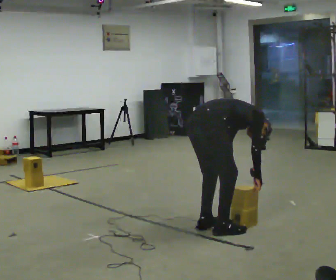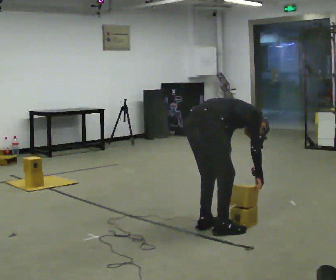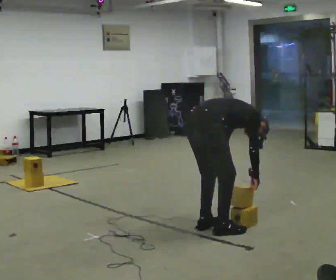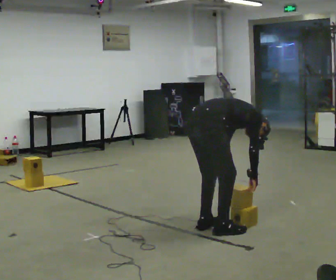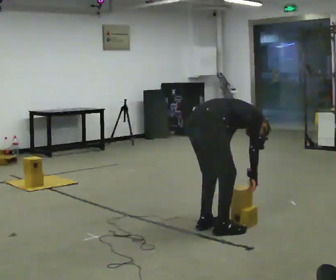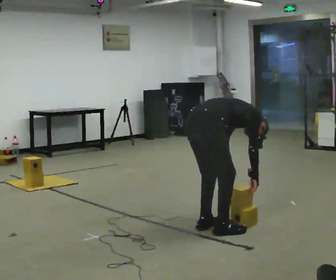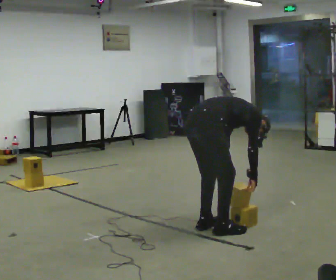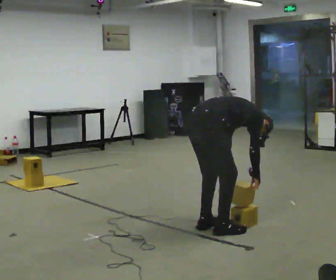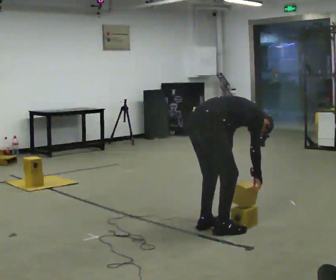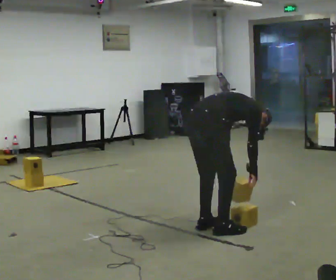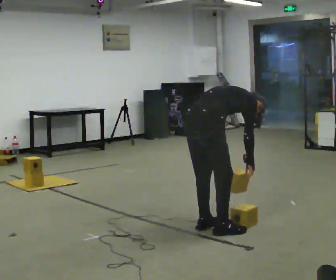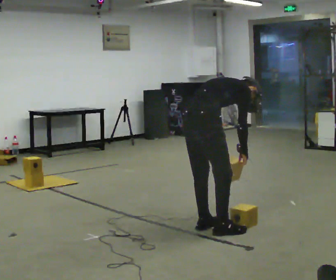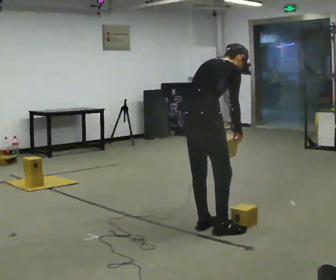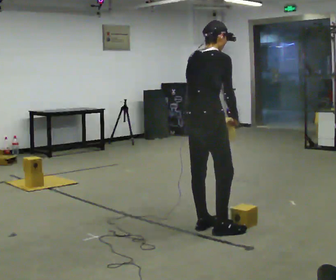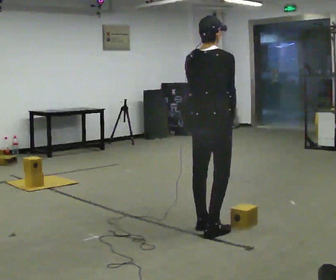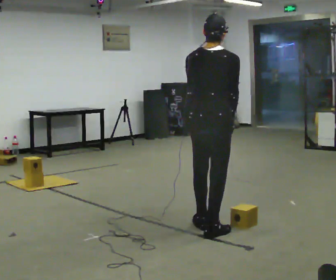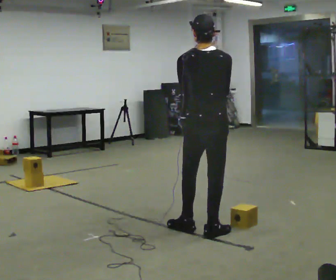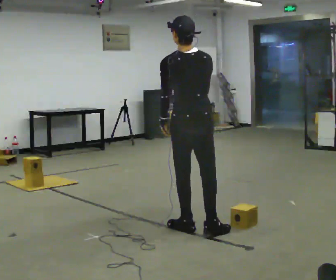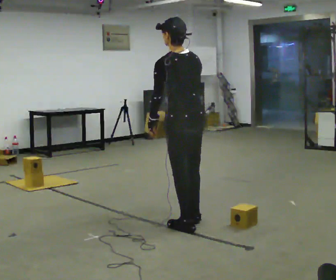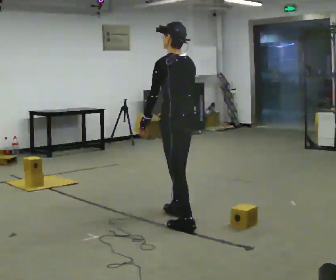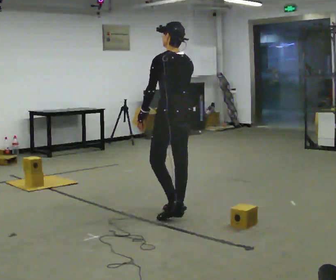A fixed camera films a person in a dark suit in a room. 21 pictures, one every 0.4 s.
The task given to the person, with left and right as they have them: Carry the boxes over one at a time and lay them out on the pallet in the pattern the operator shows you. Keep going until the operator says stop; one object at a time, and do not rush between trips.
0.0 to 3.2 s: The person moves a little, or ends about where they began.
3.2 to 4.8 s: The shoulders move upward. In the picture the upper body tilts counterclockwise, shoulders to the left, as they lean back or straighten. In the picture their right hand goes upward.
4.8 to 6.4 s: The part of the body nearest the lens slides to the right as the person turns to their left by about 45 degrees. In the picture the upper body tilts counterclockwise, shoulders to the left, as they lean back or straighten.
6.4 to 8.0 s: The part of the body nearest the lens slides to the right as the person turns to their left by about 45 degrees. In the picture they go away from the camera and to the left, about 0.5 m in 1 step, which for them is forward.
The film runs forward here.
